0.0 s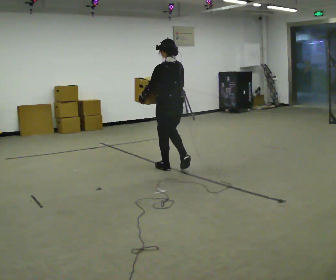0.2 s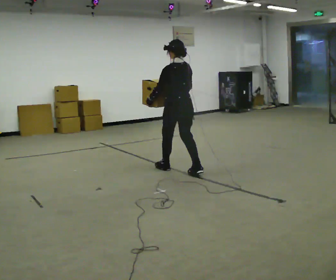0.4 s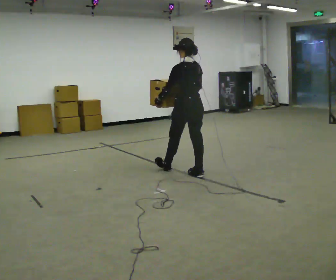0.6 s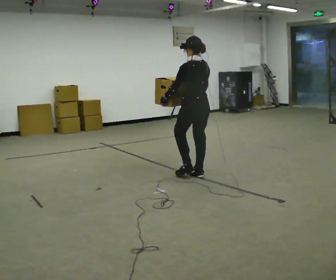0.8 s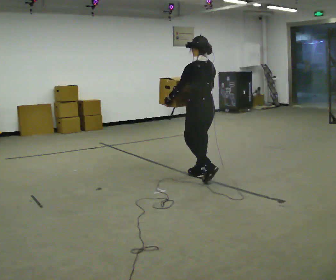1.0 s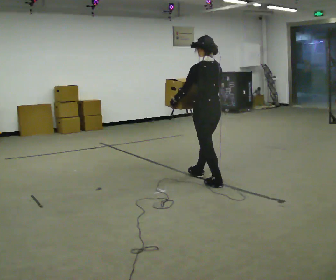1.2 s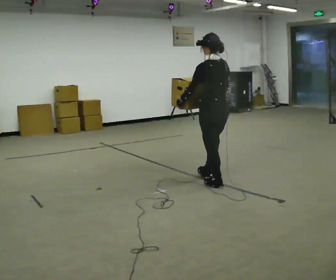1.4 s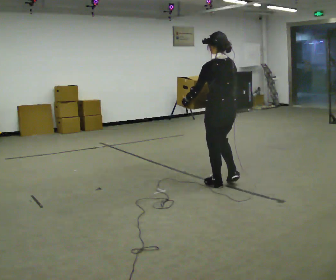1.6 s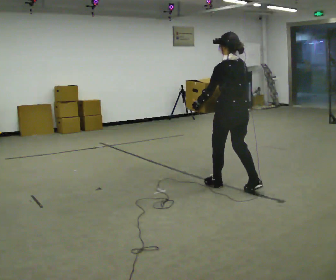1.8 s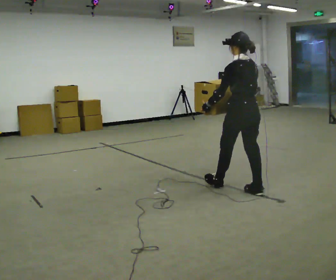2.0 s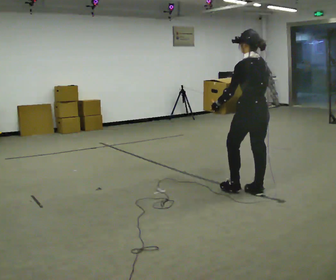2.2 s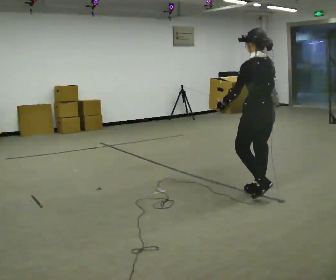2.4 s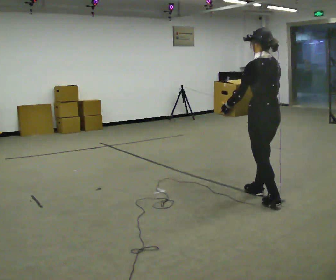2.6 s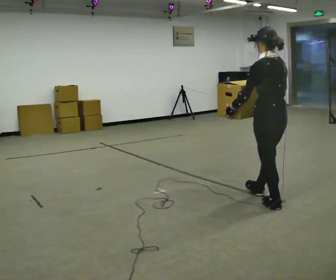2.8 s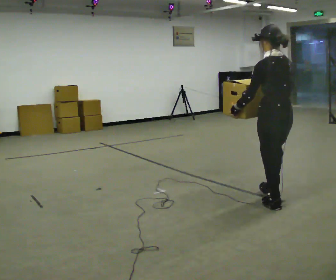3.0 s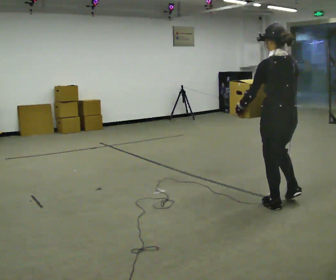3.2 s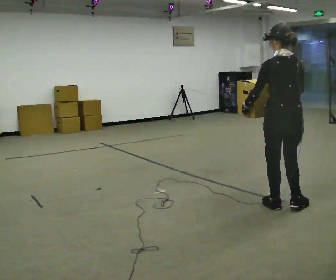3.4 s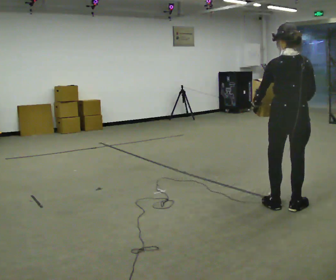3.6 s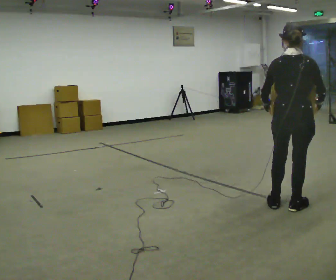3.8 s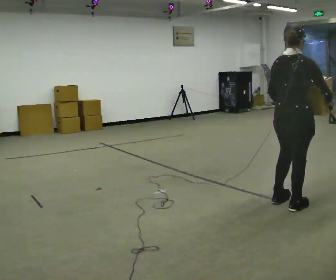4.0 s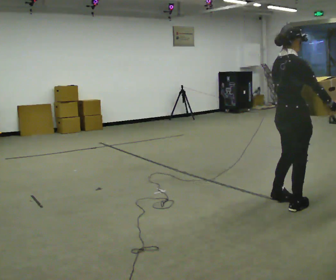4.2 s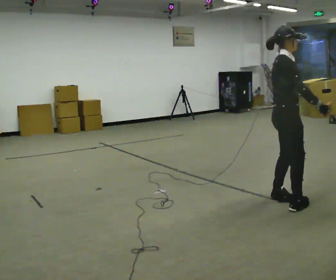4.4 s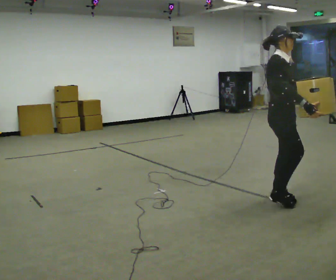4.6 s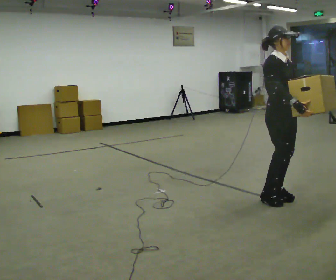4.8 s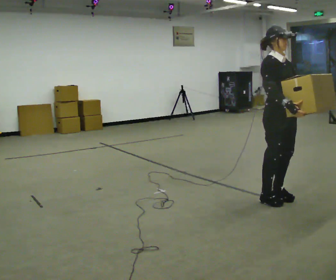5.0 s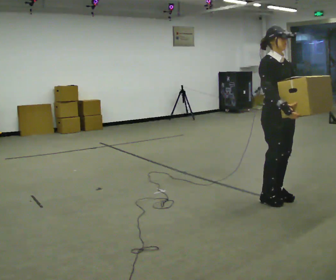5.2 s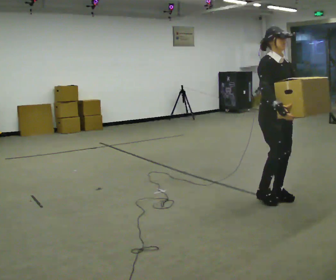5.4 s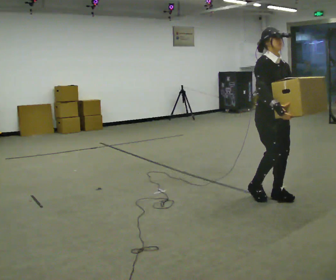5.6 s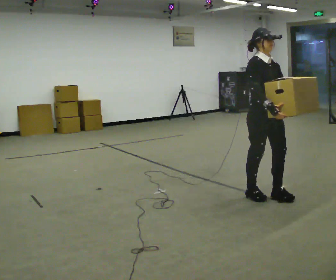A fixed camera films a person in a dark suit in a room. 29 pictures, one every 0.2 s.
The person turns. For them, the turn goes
to their right.
The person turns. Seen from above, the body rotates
clockwise.
0.0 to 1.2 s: In the picture they go to the right and toward the camera, about 1 m in 2 steps, which for them is backward.
1.2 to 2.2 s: In the picture they go to the right and toward the camera, about 0.5 m in 1 step, which for them is backward.
2.2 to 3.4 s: Seen from above the body turns clockwise, about 45 degrees: to their right, with its near side sliding to the left. In the picture they go toward the camera and to the right, about 0.5 m in 1 step, which for them is backward.
3.4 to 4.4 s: The part of the body nearest the lens slides to the left as the person turns to their right by about 120 degrees. In the picture they go away from the camera, about 0.25 m in 2 steps.
4.4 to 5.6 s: The part of the body nearest the lens slides to the left as the person turns to their right by about 30 degrees.
The film runs backward here.
